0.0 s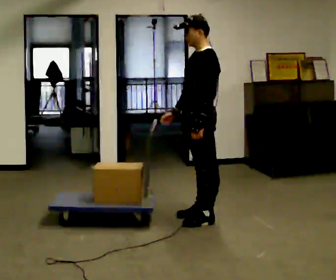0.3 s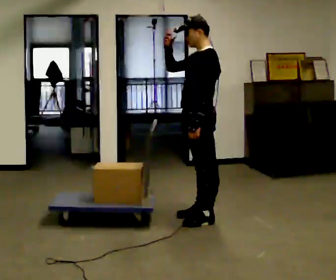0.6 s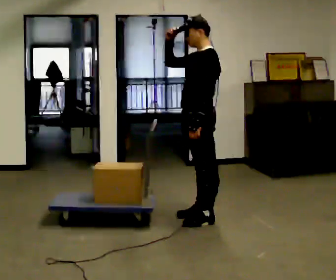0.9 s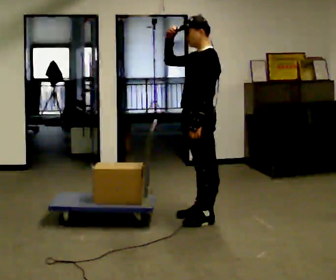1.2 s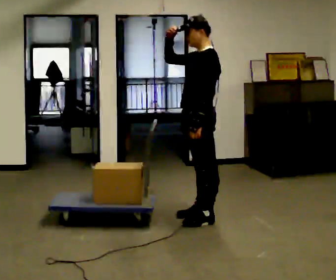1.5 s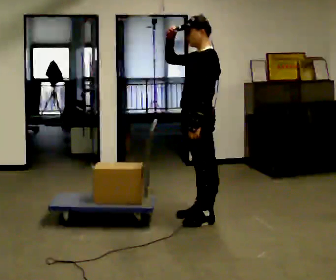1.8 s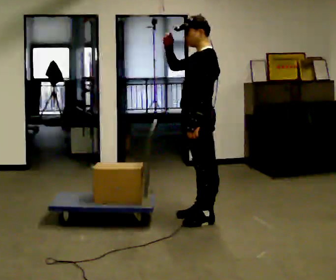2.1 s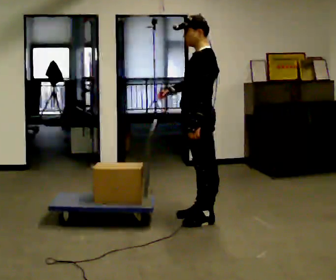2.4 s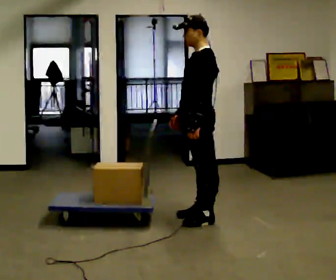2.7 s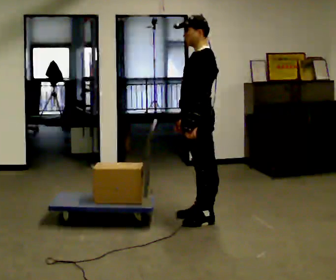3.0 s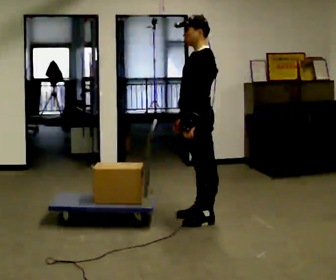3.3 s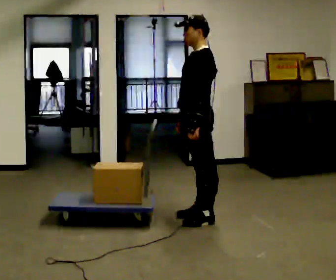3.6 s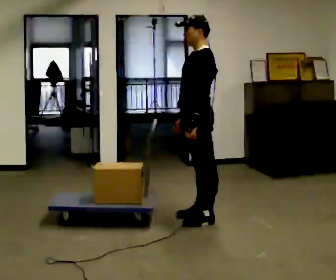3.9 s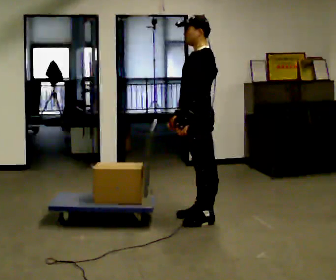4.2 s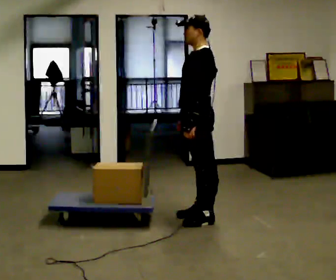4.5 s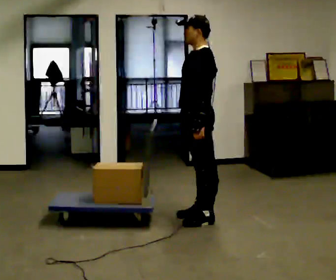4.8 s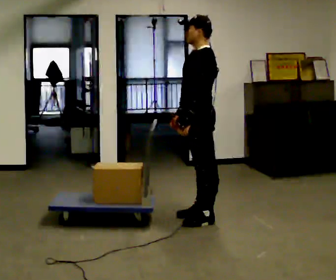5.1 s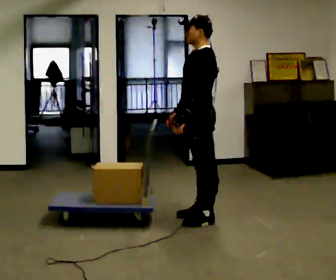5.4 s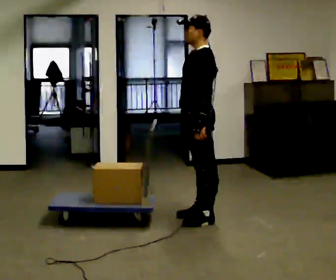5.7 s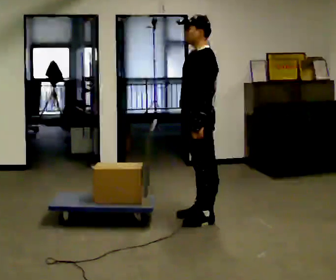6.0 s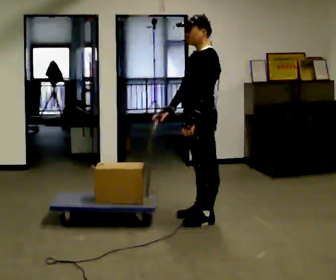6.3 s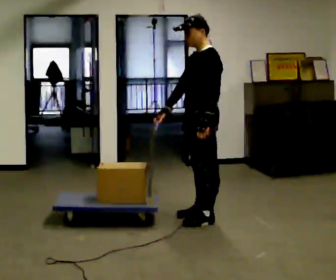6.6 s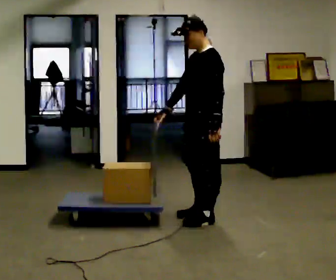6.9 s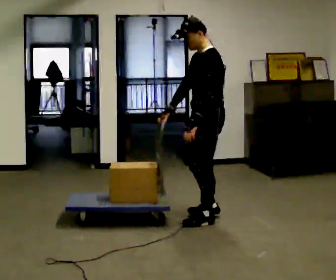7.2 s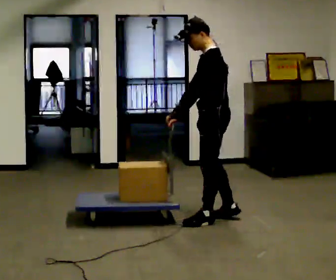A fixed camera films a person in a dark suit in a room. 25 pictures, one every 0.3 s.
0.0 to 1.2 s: In the picture their right hand goes upward, the arm swinging clockwise.
1.2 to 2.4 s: In the picture their right hand goes downward, the arm swinging counterclockwise.
2.4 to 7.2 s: The person moves a little, or ends about where they began.
The film runs backward here.
